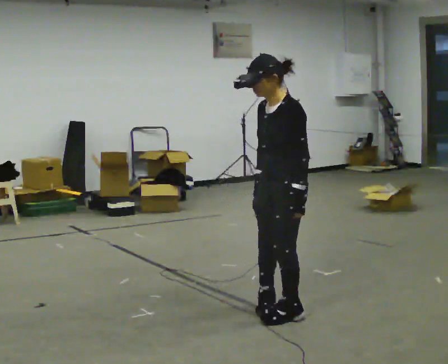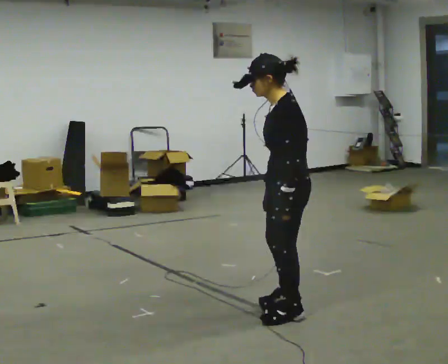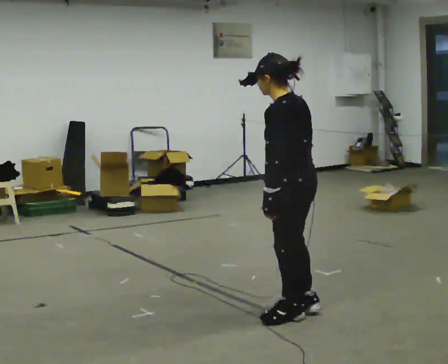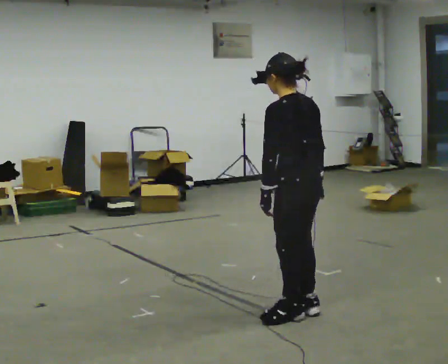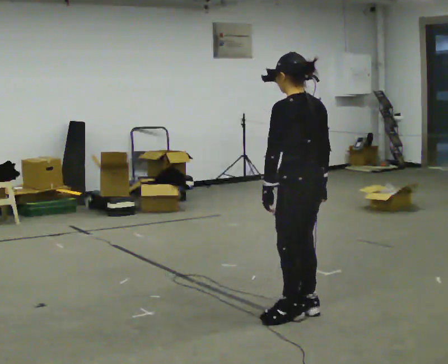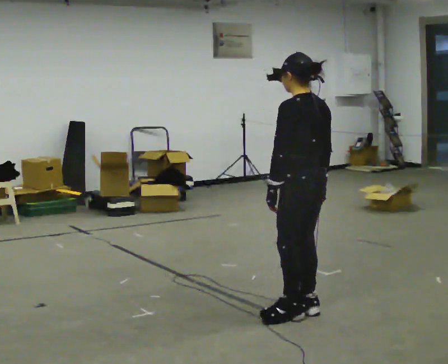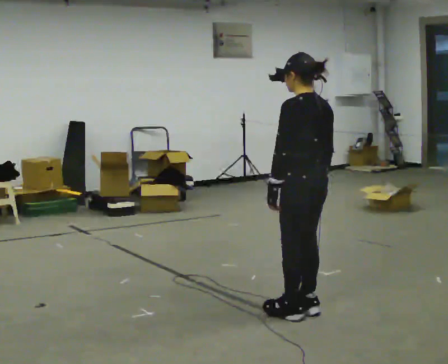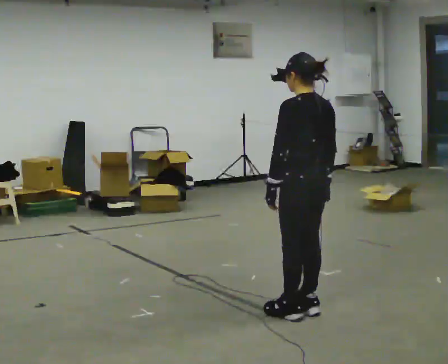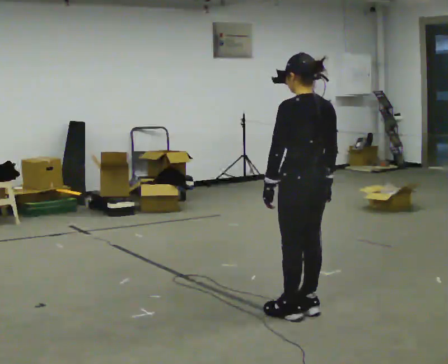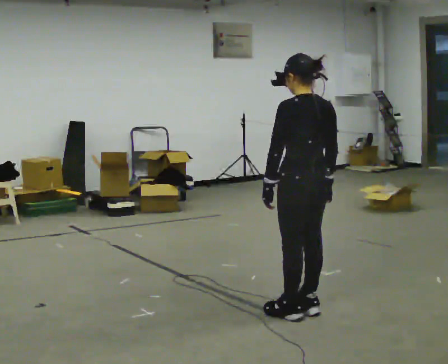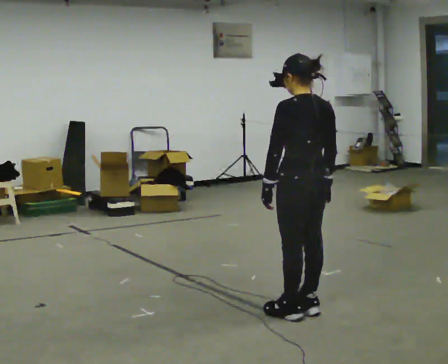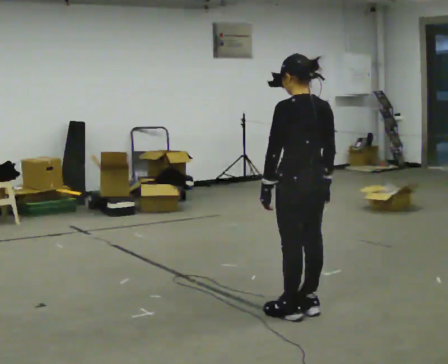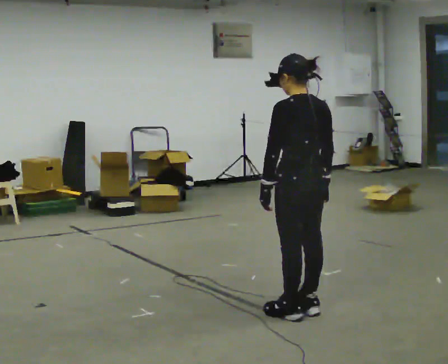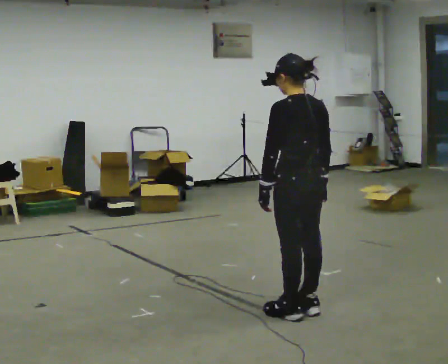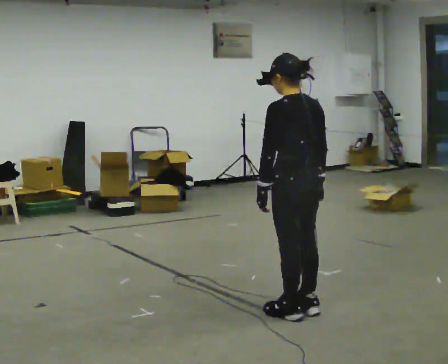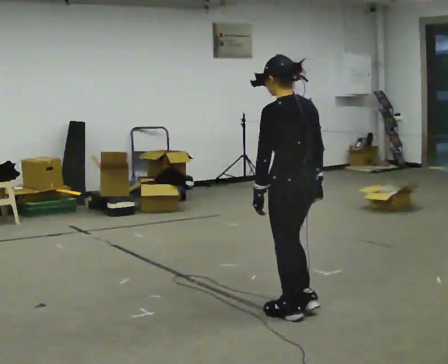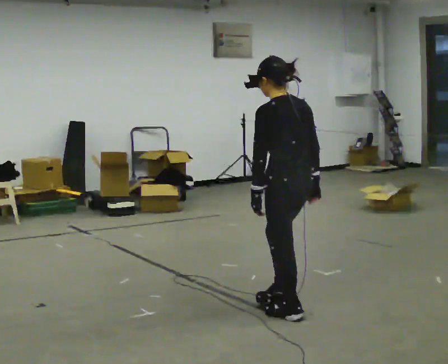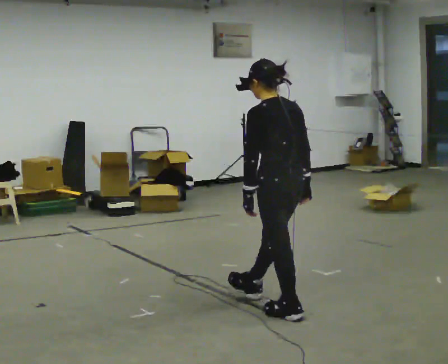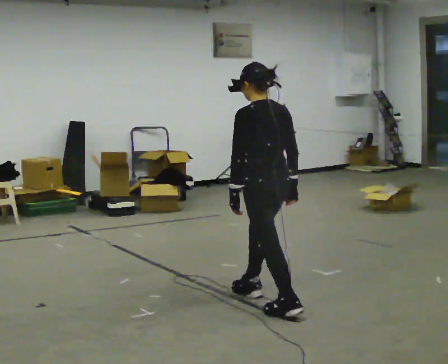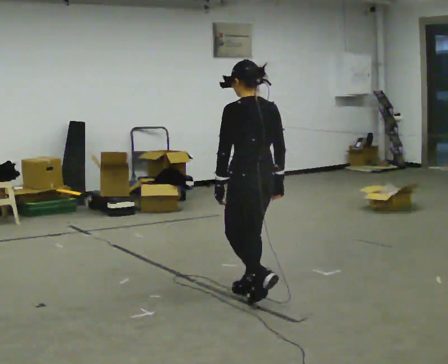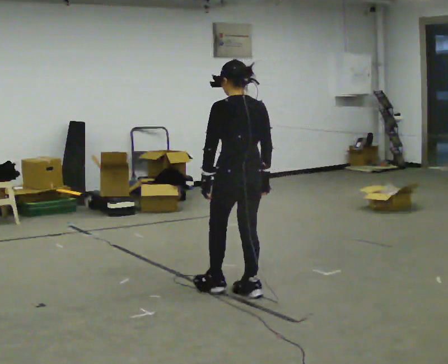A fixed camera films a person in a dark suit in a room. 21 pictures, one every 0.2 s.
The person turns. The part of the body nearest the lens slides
to the left.
The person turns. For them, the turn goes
to their right.
0.0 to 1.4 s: Seen from above the body turns clockwise, about 75 degrees: to their right, with its near side sliding to the left.
1.4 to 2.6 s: The person moves a little, or ends about where they began.
2.6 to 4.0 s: In the picture they go away from the camera and to the left, about 0.5 m in 1 step, which for them is forward.
The film runs forward here.
